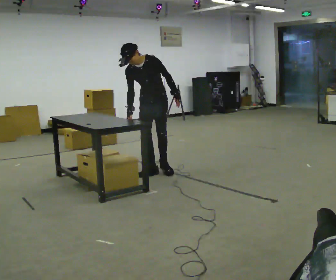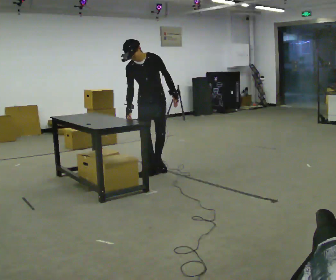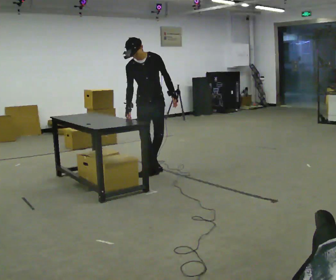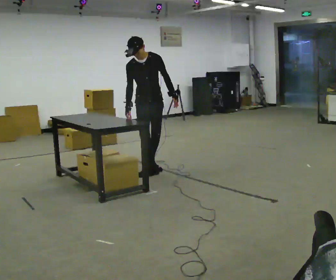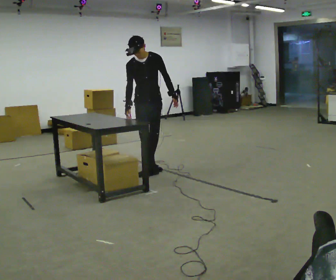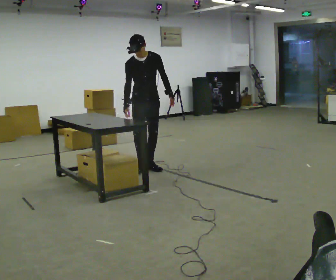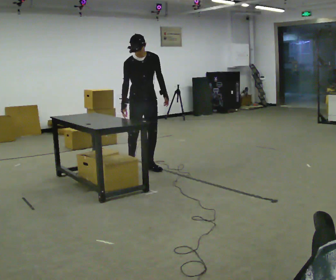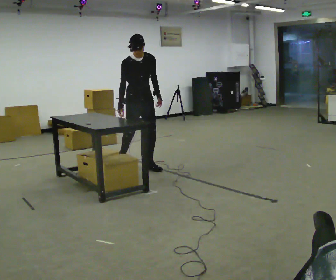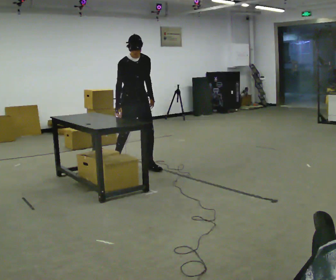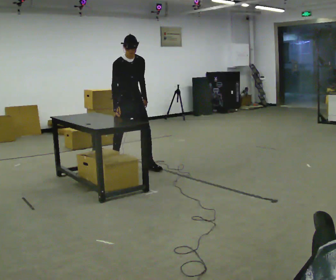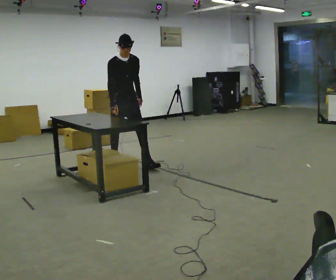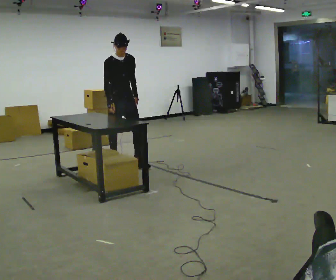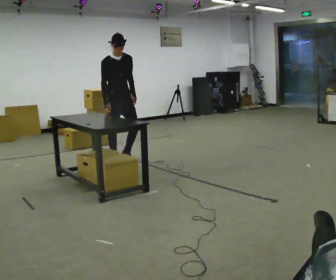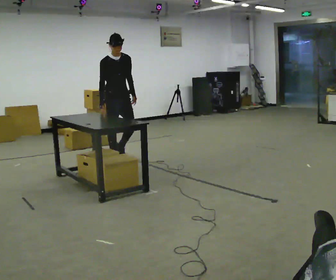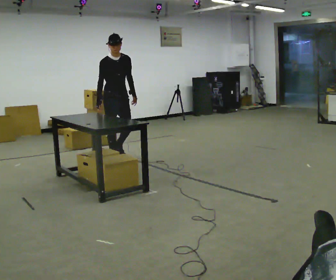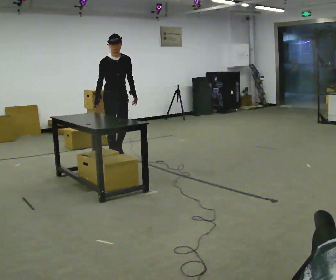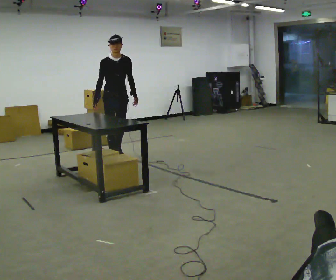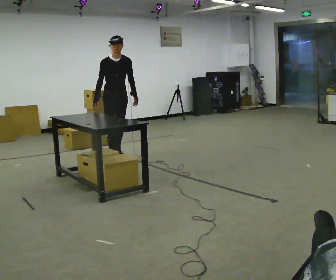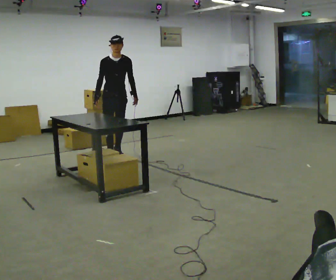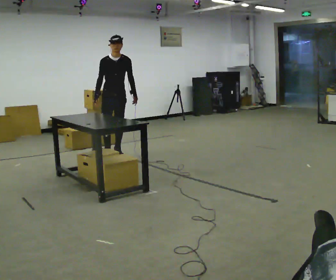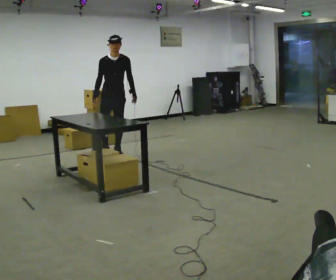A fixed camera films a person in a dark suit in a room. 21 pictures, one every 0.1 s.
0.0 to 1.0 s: Seen from above the body turns counterclockwise, about 45 degrees: to their left, with its near side sliding to the right. In the picture they go to the left and away from the camera, about 0.5 m in 2 steps, which for them is to their right and backward. In the picture the upper body tilts clockwise, shoulders to the right, as they lean back or straighten.
1.0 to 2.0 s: In the picture they go away from the camera, about 0.5 m in 1 step, which for them is backward.
The film runs backward here.
